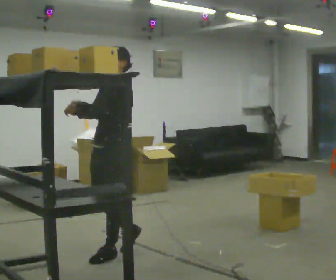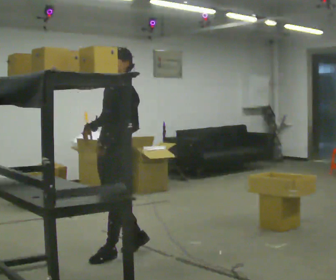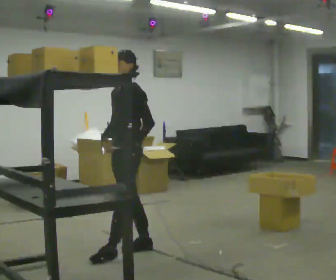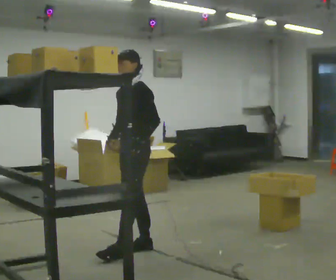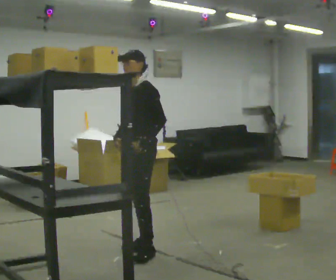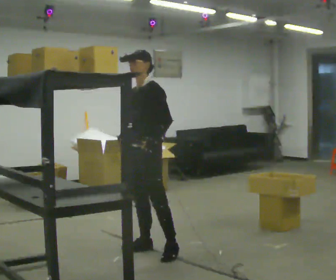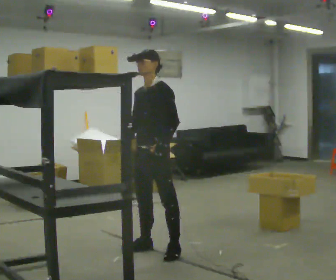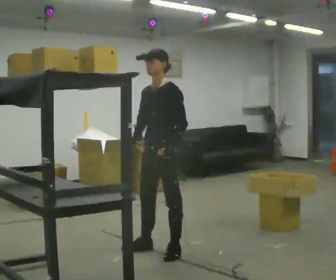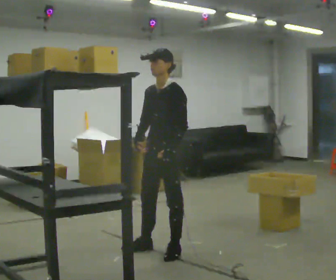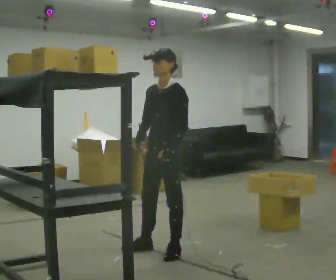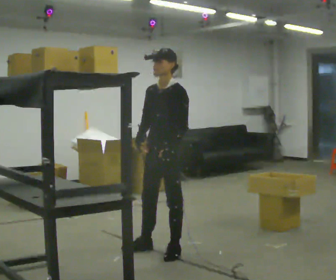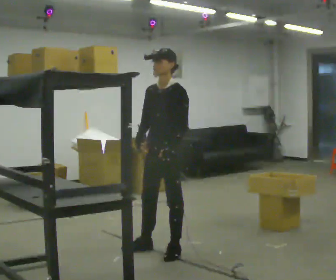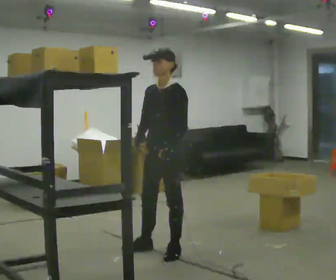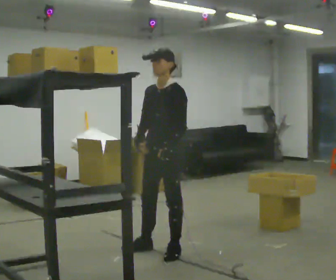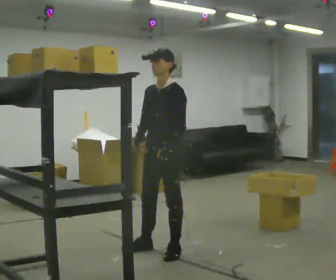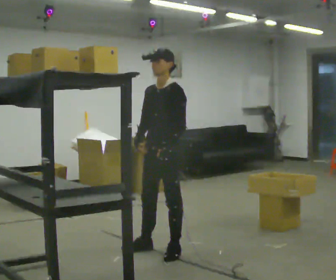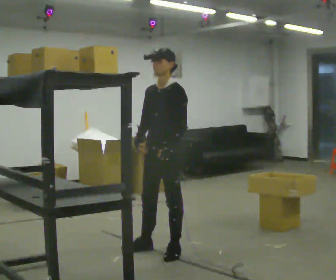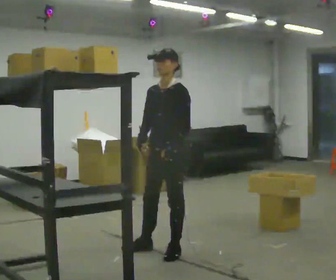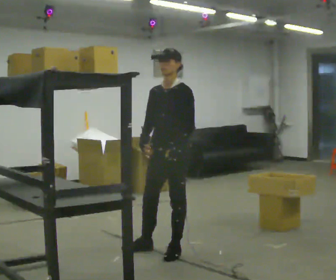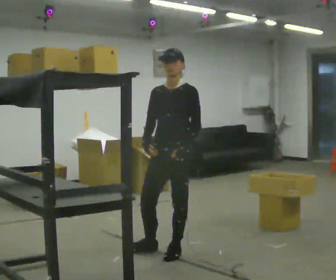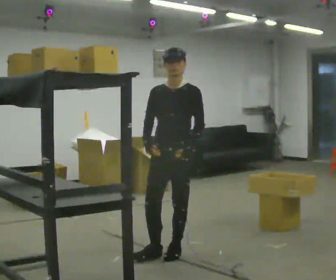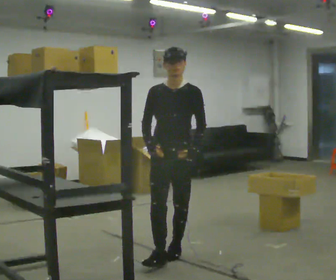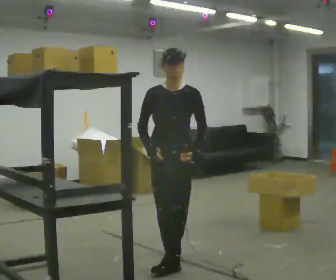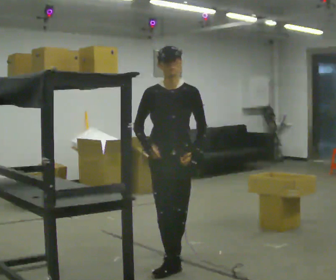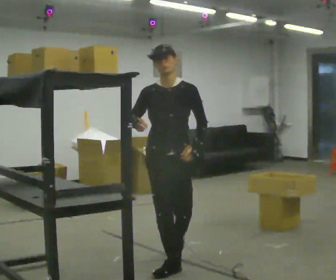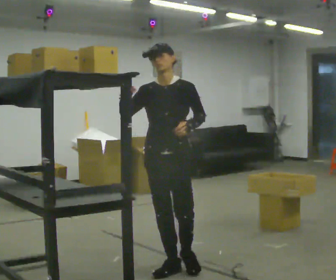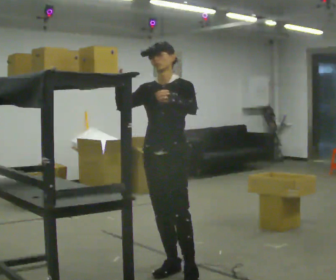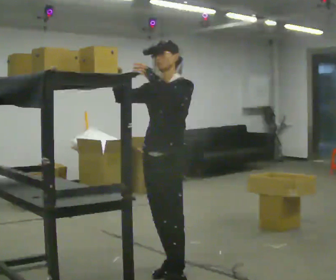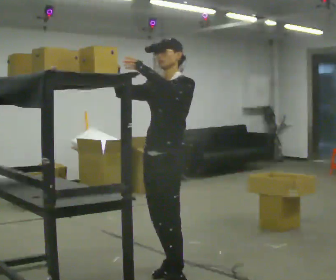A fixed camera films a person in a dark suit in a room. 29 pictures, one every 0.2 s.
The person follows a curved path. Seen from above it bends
clockwise.
0.0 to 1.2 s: In the picture they go to the right and away from the camera, about 0.5 m in 1 step, which for them is backward.
1.2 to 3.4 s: The person moves a little, or ends about where they began.
3.4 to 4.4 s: Seen from above the body turns counterclockwise, about 45 degrees: to their left, with its near side sliding to the right. In the picture they go toward the camera, about 0.25 m in 1 step, which for them is forward.
4.4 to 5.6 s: The part of the body nearest the lens slides to the left as the person turns to their right by about 45 degrees. In the picture they go toward the camera, about 0.5 m in 1 step, which for them is forward. In the picture their left hand goes upward.
The film runs forward here.
